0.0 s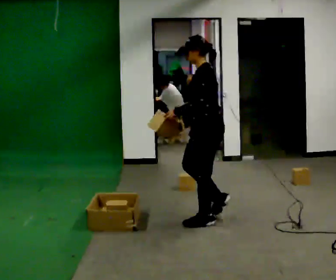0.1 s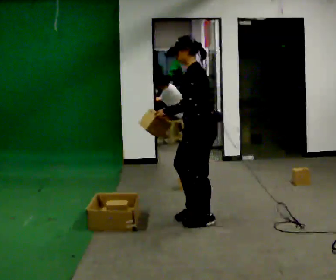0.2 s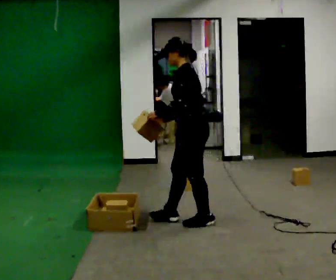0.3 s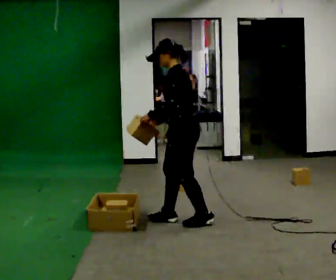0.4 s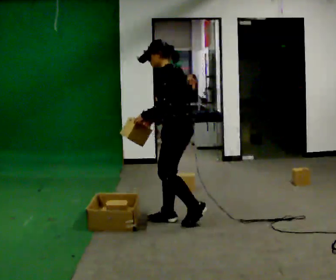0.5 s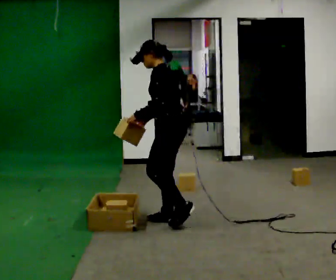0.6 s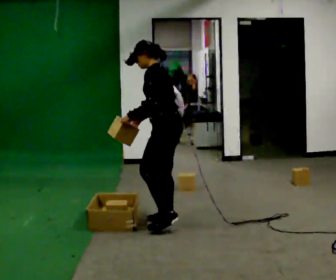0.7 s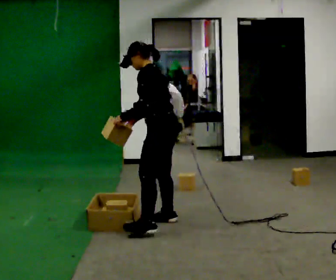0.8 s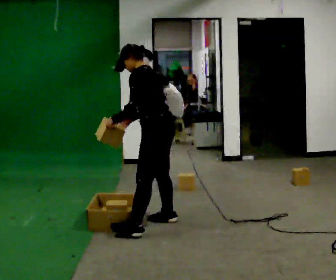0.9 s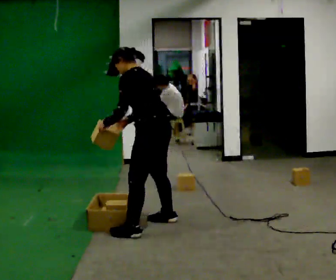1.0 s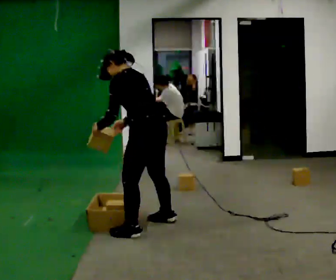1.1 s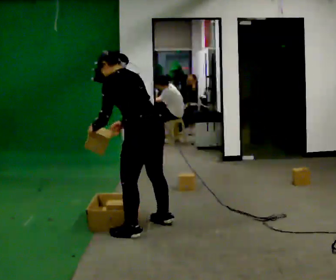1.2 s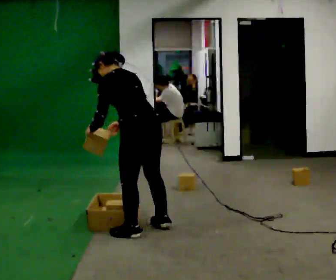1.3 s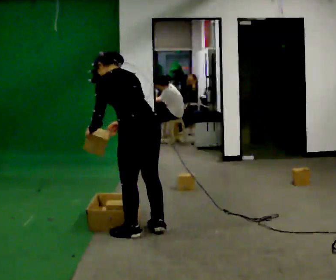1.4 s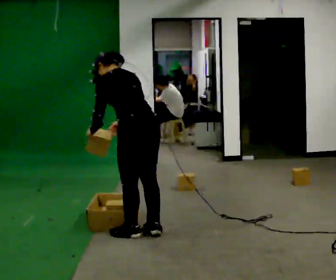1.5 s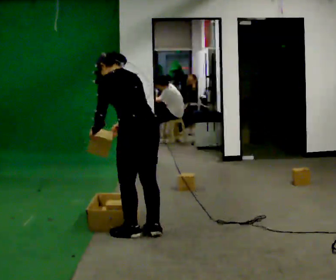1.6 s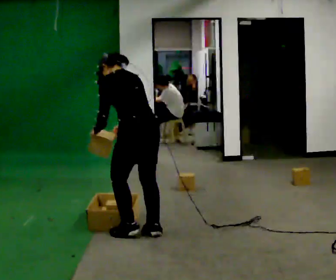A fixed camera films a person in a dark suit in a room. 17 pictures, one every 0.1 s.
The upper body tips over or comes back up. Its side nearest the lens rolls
upward.
0.0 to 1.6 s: Seen from above the body turns clockwise, about 45 degrees: to their right, with its near side sliding to the left. In the picture they go to the left and toward the camera, about 0.5 m in 3 steps, which for them is to their left and forward. The upper body tips away from the camera, its near side rolling upward, as they bend forward.
The film runs forward here.
